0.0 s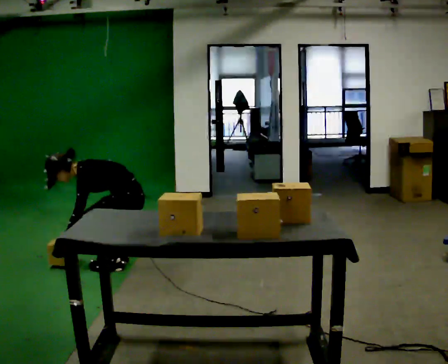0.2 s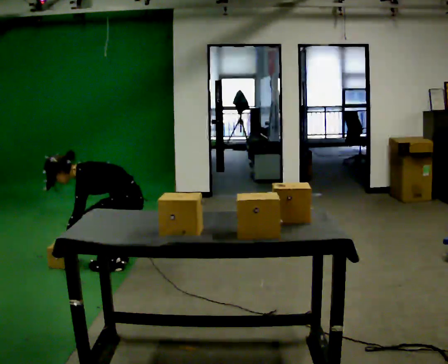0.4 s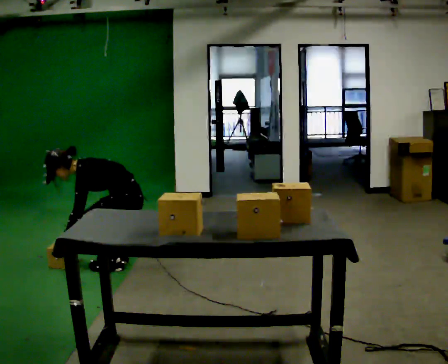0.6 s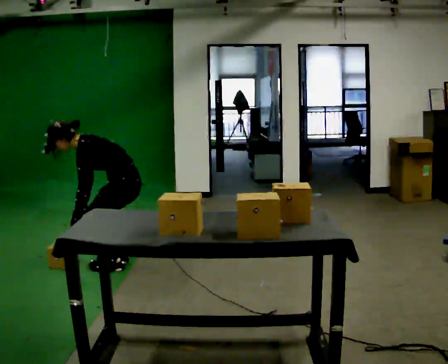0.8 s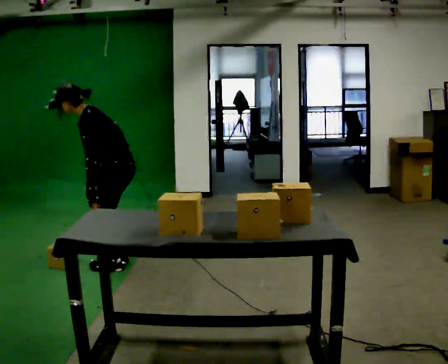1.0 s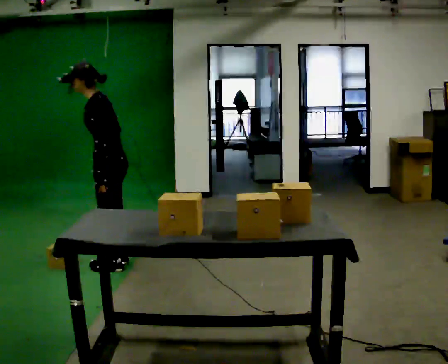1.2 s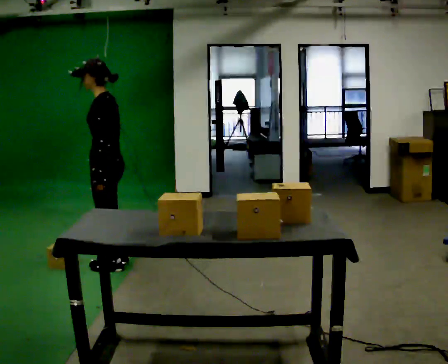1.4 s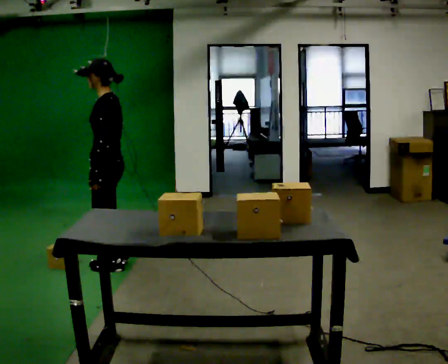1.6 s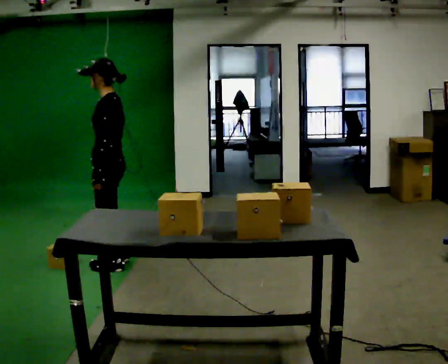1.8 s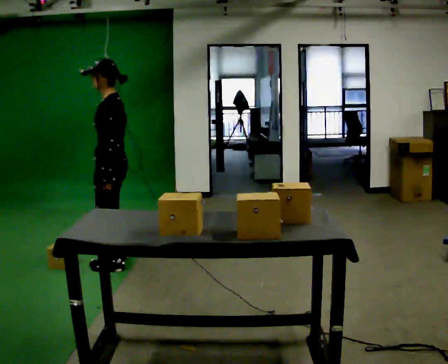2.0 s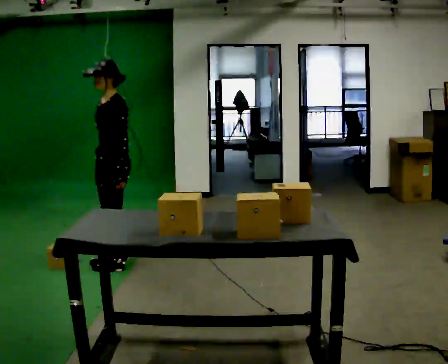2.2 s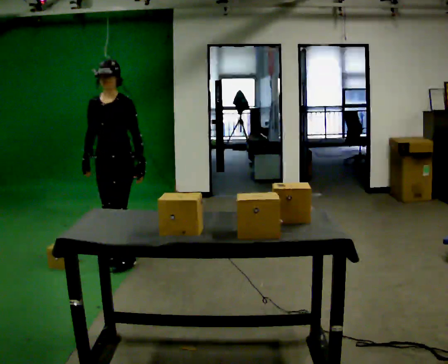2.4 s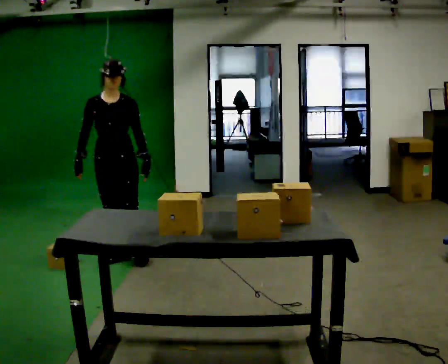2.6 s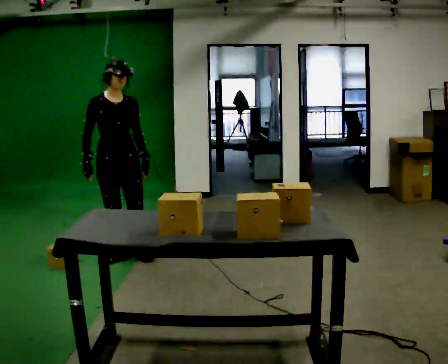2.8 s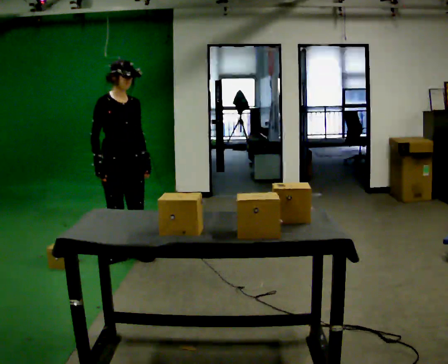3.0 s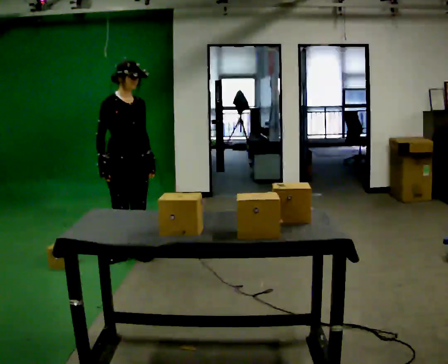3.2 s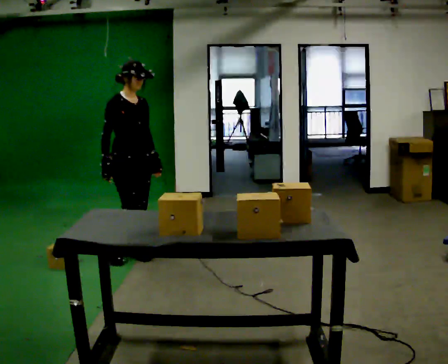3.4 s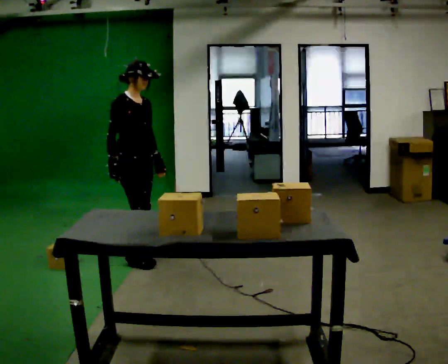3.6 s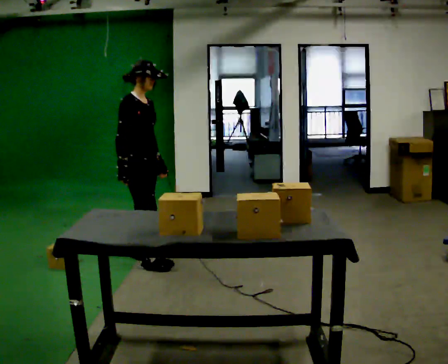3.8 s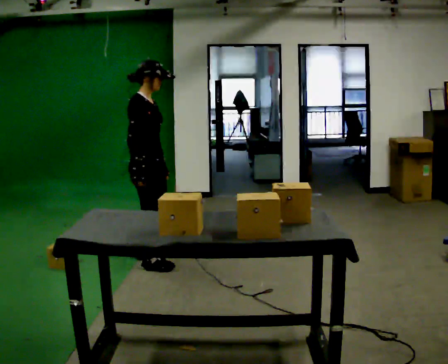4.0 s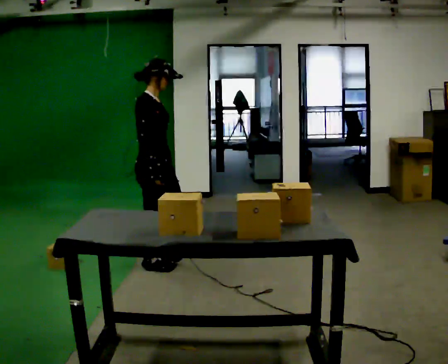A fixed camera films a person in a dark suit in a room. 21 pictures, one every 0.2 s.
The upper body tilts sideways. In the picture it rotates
clockwise.
The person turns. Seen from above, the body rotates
counterclockwise.
0.0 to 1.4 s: The shoulders move upward. In the picture the upper body tilts clockwise, shoulders to the right, as they lean back or straighten. In the picture their right hand goes upward.
1.4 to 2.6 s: The part of the body nearest the lens slides to the right as the person turns to their left by about 105 degrees. In the picture they go away from the camera, about 0.25 m in 1 step.
2.6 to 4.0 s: The part of the body nearest the lens slides to the right as the person turns to their left by about 60 degrees. In the picture they go to the right and toward the camera, about 0.25 m in 1 step.
The film runs forward here.
